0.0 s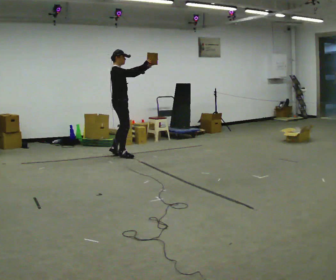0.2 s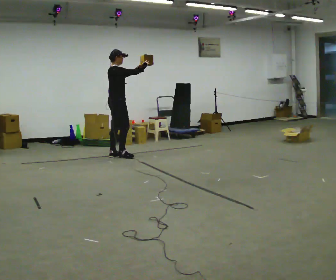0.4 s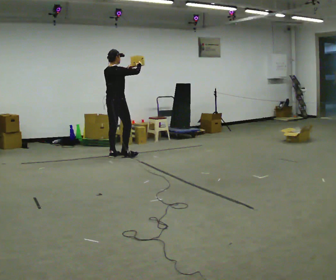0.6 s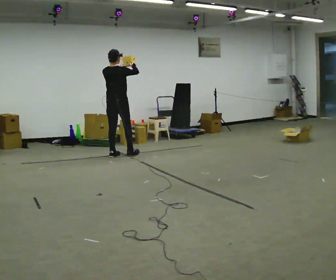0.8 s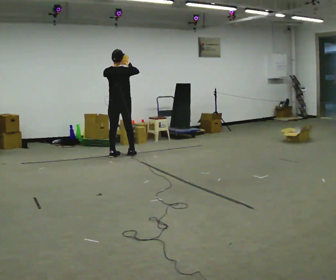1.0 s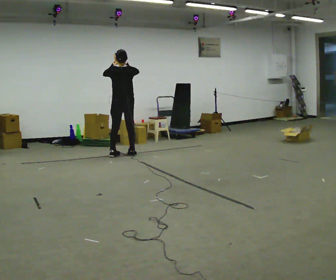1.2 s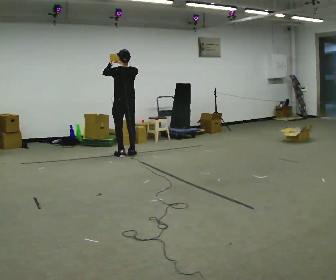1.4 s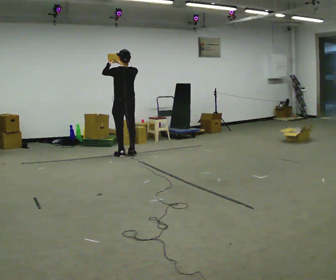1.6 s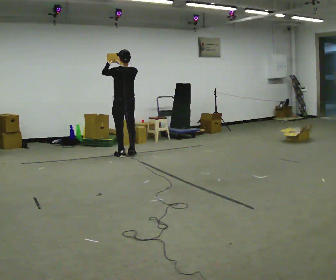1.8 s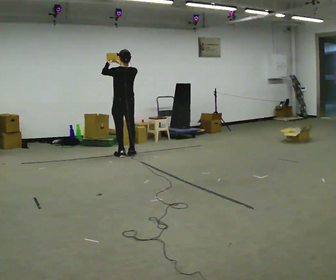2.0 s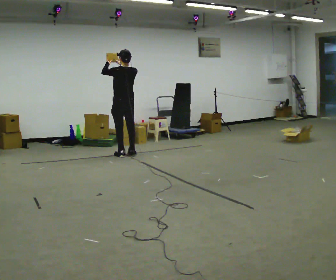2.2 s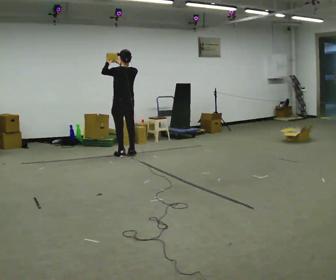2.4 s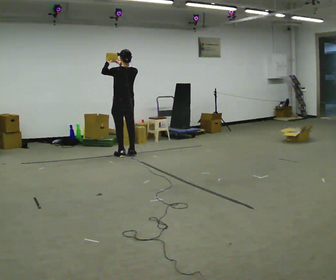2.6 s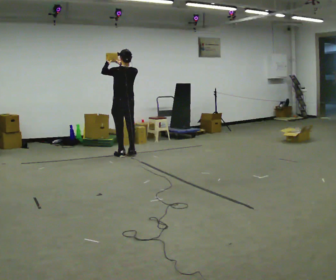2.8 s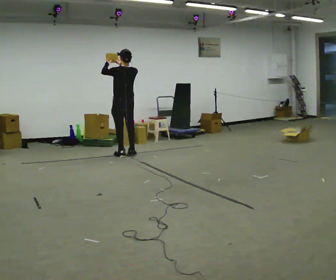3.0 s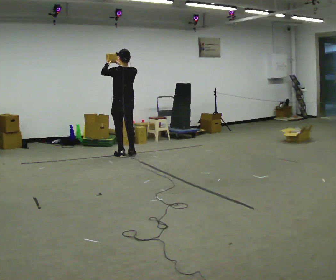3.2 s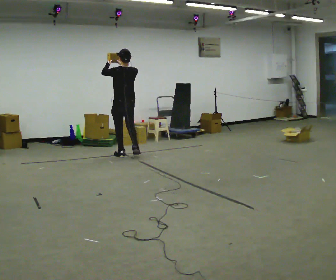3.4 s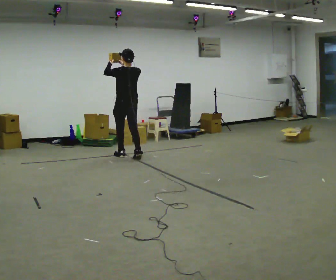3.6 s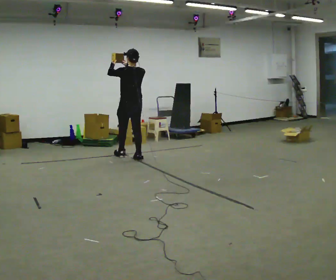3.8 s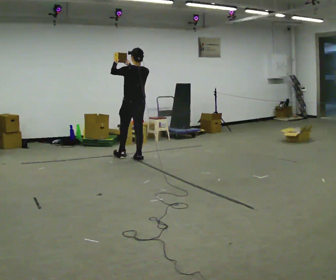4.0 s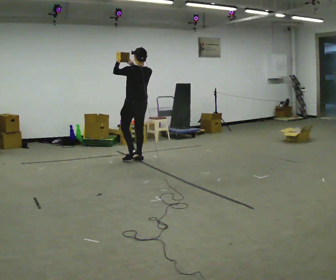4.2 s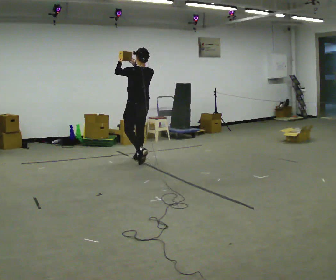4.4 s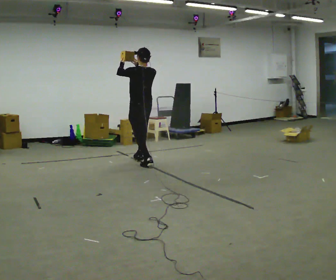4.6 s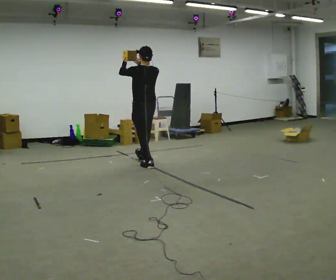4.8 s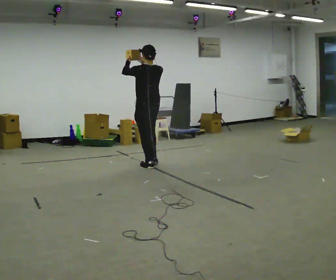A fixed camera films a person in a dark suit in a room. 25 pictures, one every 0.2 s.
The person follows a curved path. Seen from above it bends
clockwise.
The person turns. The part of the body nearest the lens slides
to the right.
0.0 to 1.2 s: Seen from above the body turns counterclockwise, about 105 degrees: to their left, with its near side sliding to the right. In the picture their left hand goes to the left.
1.2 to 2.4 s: The person moves a little, or ends about where they began.
2.4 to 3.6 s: In the picture they go toward the camera, about 0.25 m in 1 step, which for them is backward.
3.6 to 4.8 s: In the picture they go toward the camera, about 0.5 m in 2 steps, which for them is backward.
The film runs backward here.
